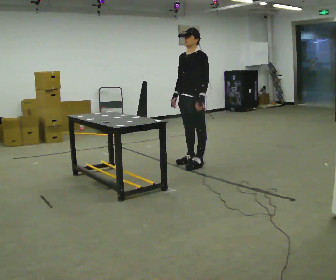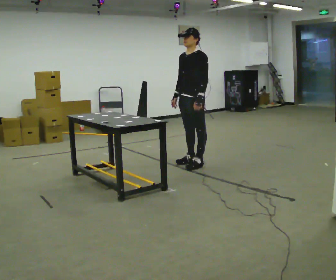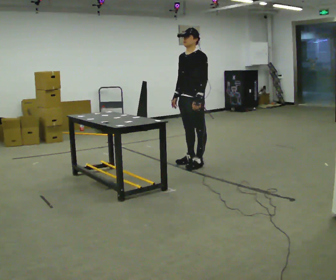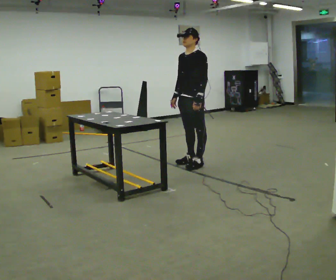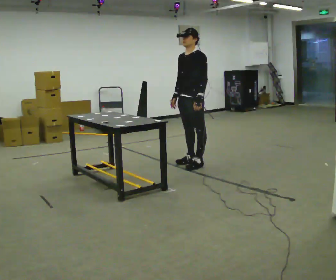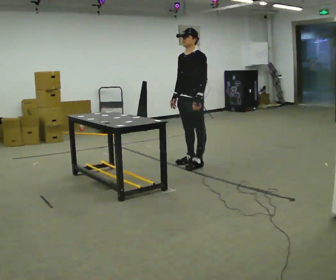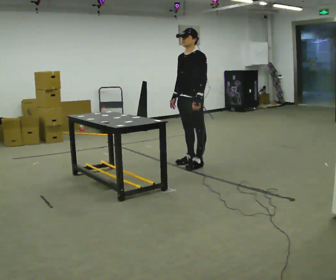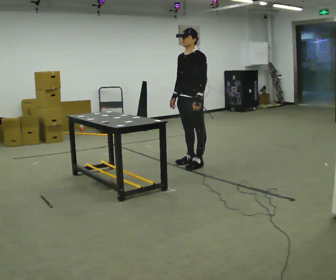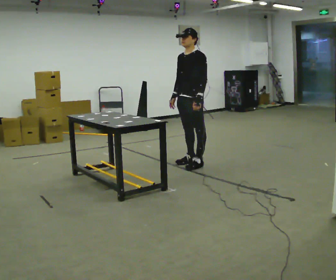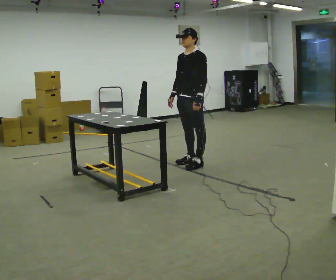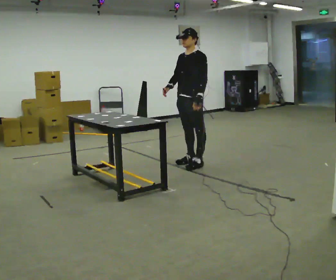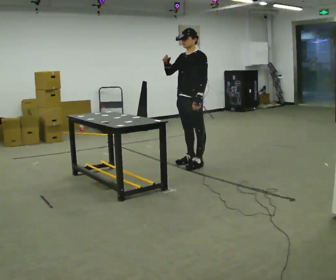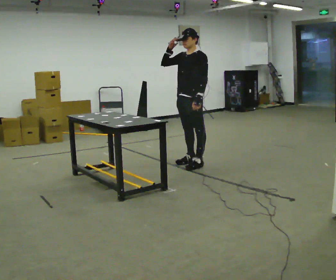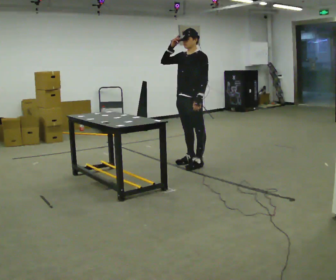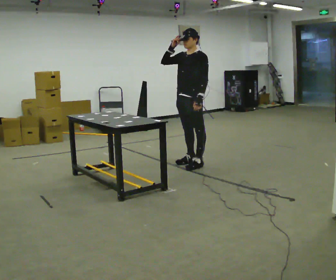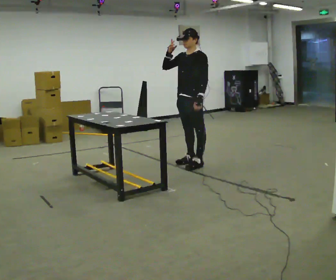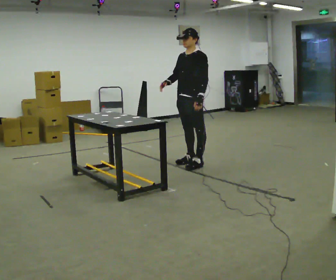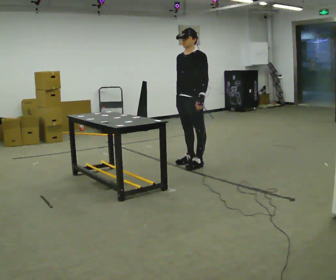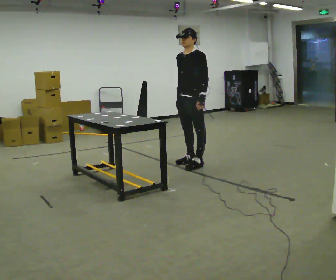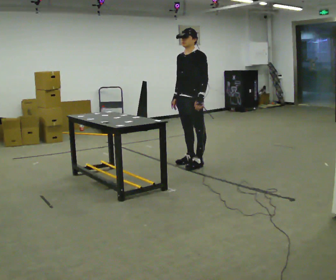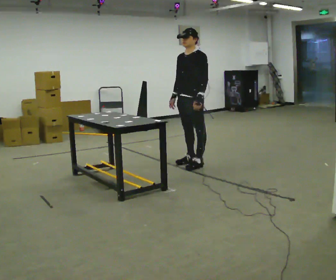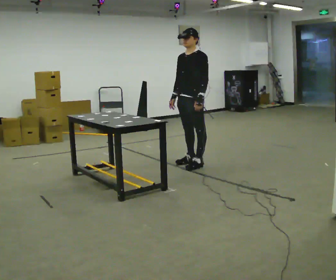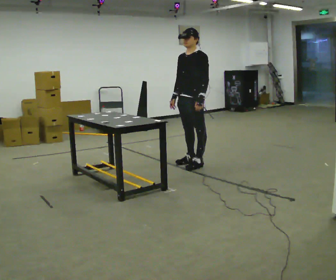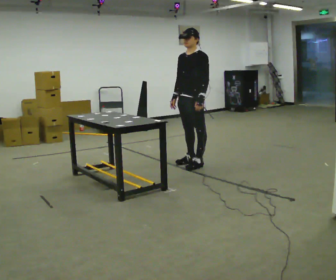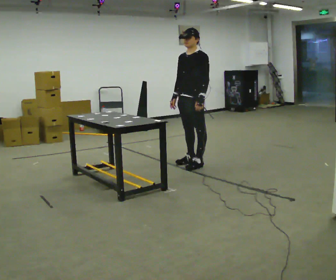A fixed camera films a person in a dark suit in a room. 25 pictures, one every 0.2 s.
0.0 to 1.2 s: The person moves a little, or ends about where they began.
1.2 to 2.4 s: In the picture their right hand goes upward.
2.4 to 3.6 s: In the picture their right hand goes downward.
3.6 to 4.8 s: The person moves a little, or ends about where they began.
The film runs forward here.
